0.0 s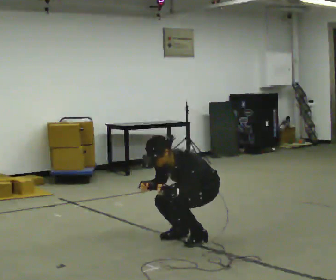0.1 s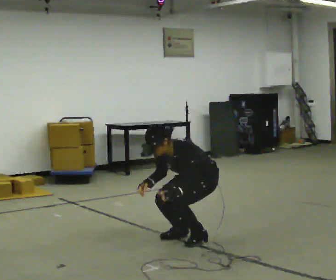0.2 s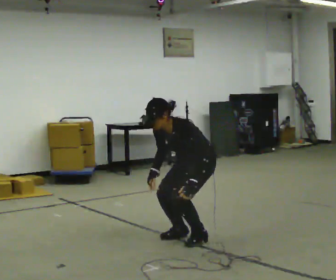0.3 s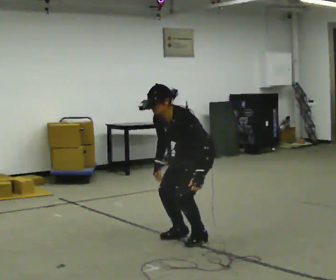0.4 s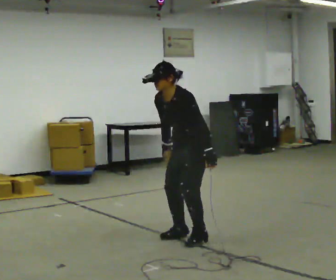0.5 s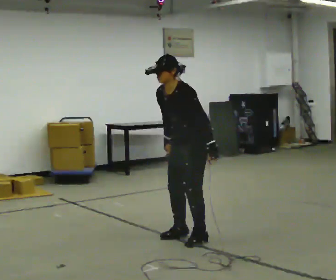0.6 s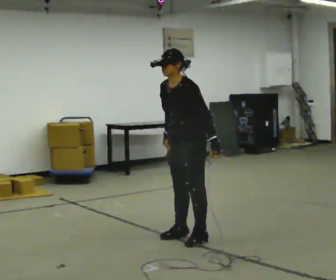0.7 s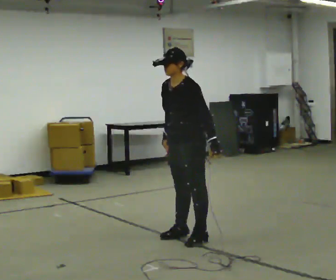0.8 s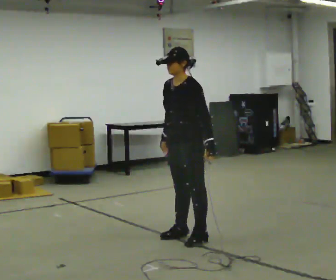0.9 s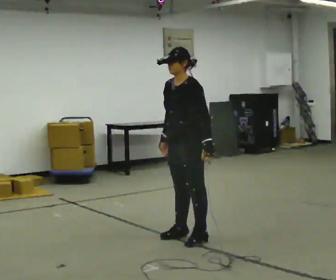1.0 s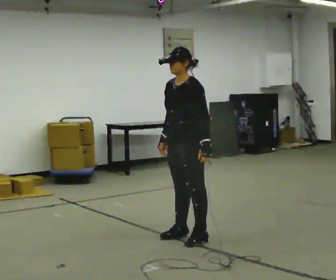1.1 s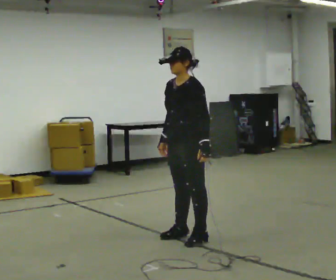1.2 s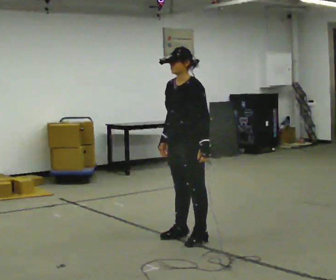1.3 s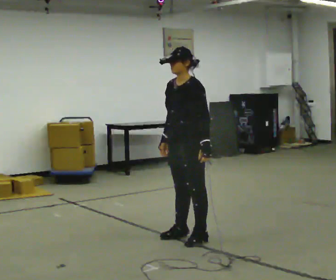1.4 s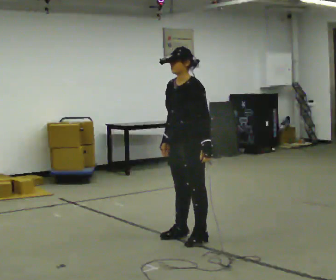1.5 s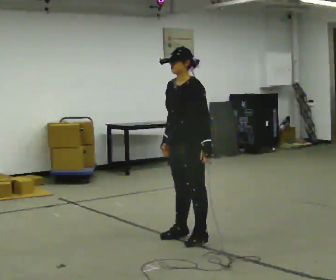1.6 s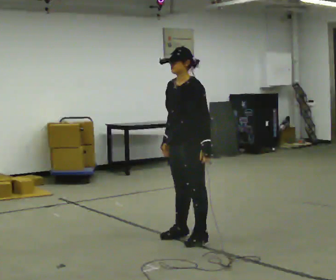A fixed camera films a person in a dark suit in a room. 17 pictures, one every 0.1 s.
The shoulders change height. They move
upward.
0.0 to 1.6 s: The shoulders move upward. In the picture the upper body tilts clockwise, shoulders to the right, as they lean back or straighten. In the picture their left hand goes upward.
The film runs forward here.
